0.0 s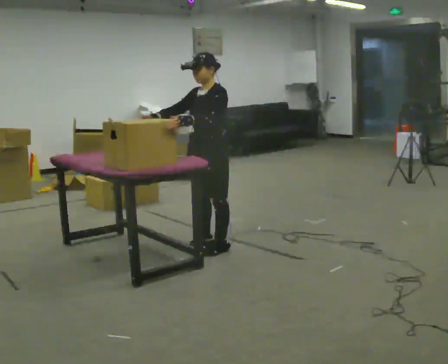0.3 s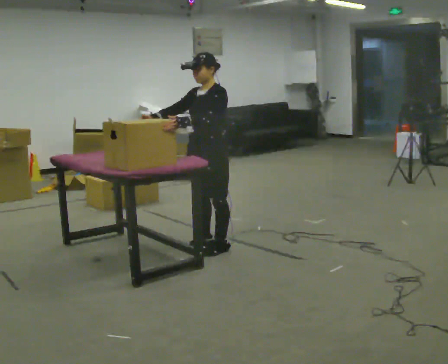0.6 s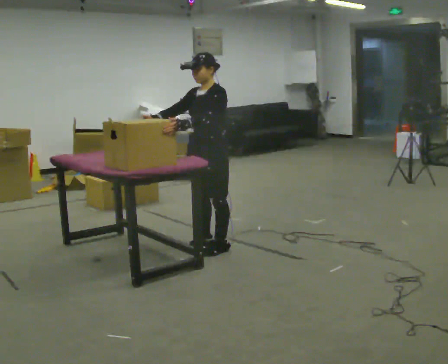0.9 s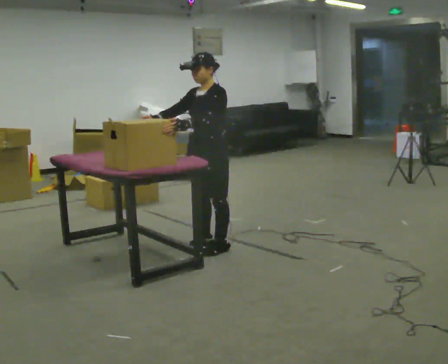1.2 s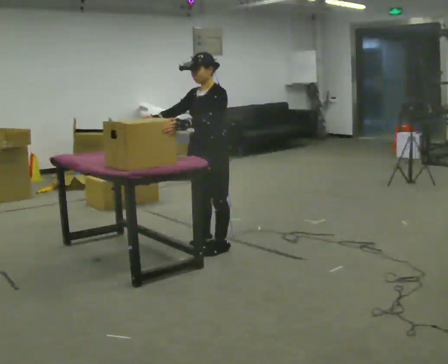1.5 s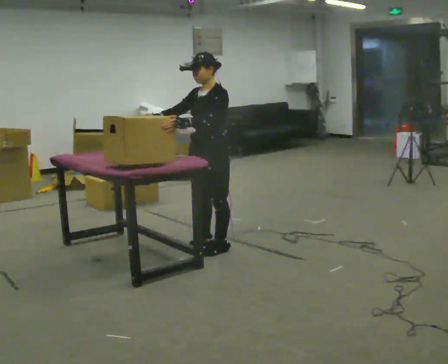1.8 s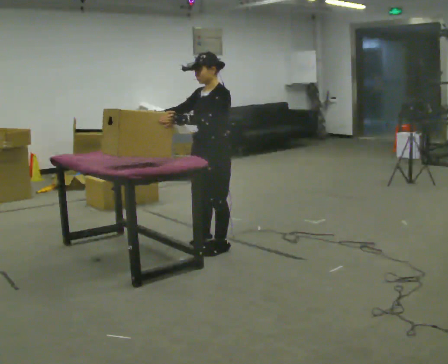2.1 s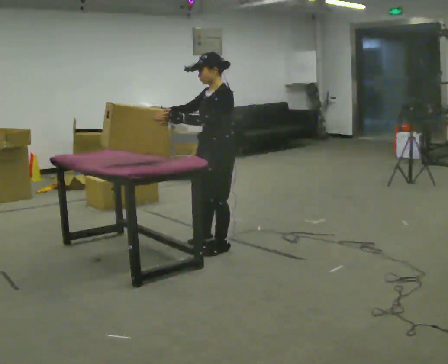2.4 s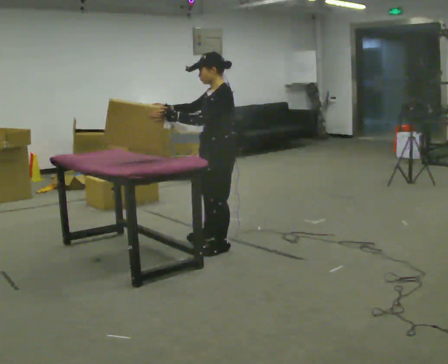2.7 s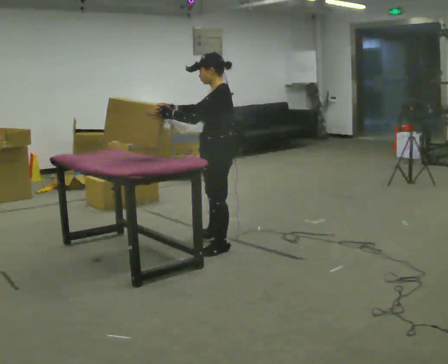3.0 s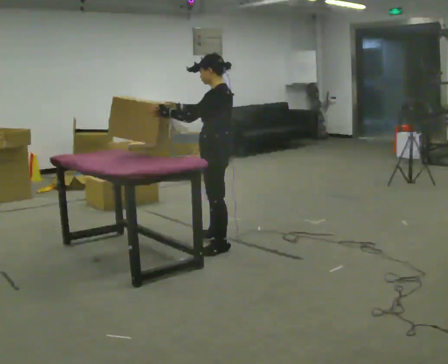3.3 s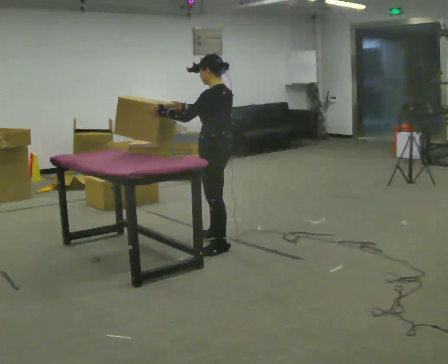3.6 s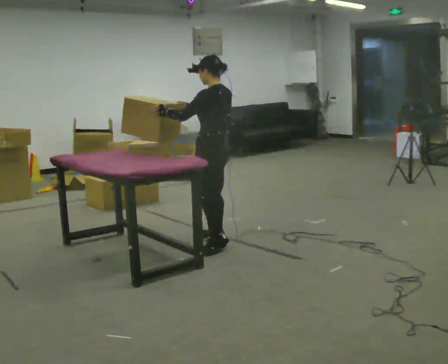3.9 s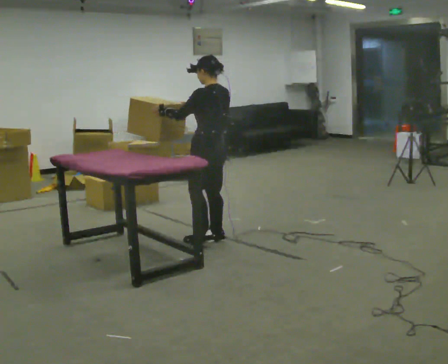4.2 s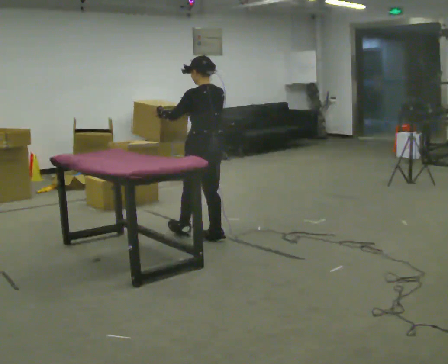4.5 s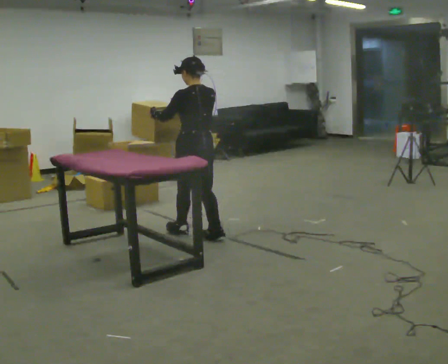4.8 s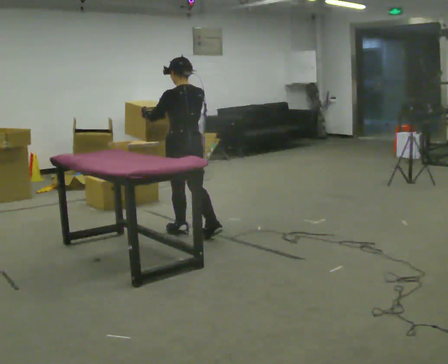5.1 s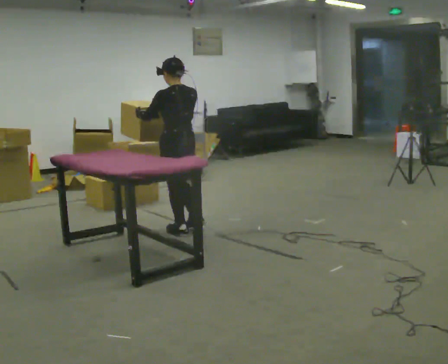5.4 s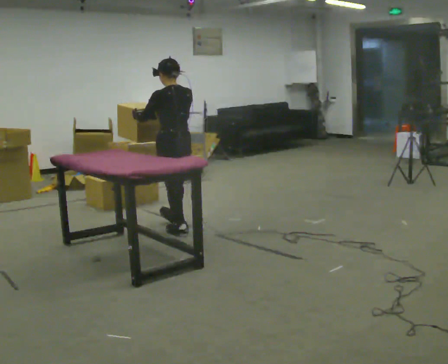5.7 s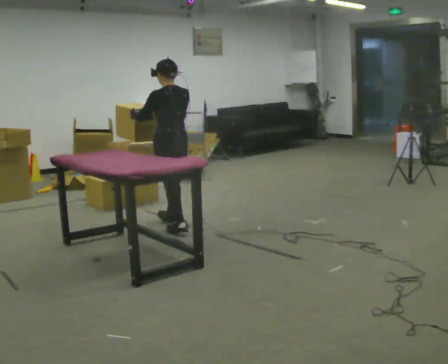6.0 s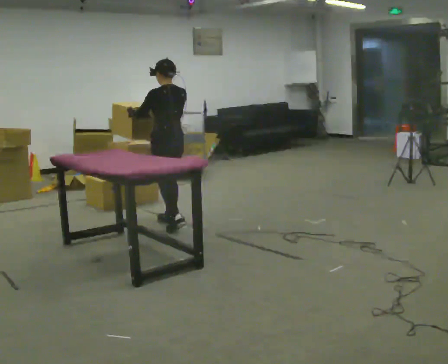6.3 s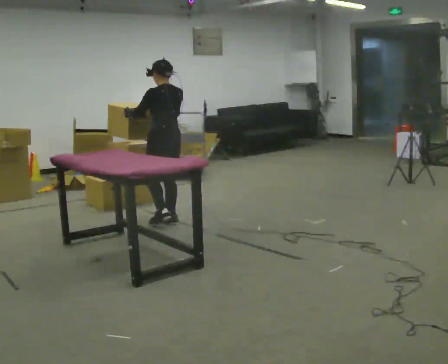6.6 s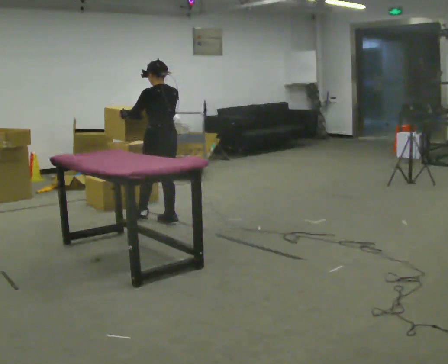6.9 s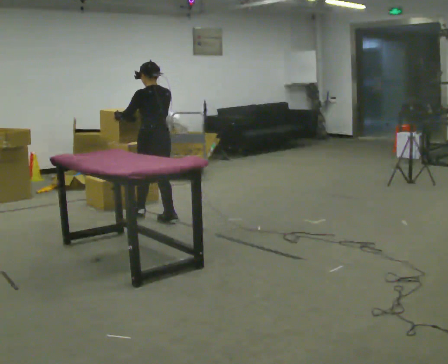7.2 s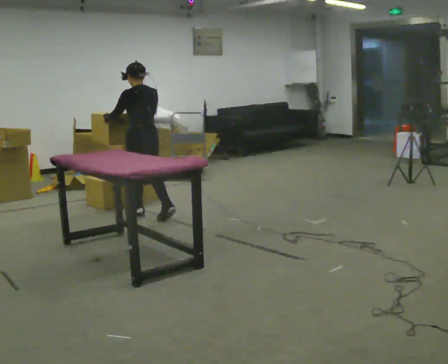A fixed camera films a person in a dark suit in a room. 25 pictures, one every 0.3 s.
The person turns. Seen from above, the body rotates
clockwise.
The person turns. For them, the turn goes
to their right.
0.0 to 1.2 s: The person moves a little, or ends about where they began.
1.2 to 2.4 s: The part of the body nearest the lens slides to the left as the person turns to their right by about 30 degrees.
2.4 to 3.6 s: Seen from above the body turns clockwise, about 45 degrees: to their right, with its near side sliding to the left. In the picture they go away from the camera, about 0.25 m, which for them is to their right.
3.6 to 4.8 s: The part of the body nearest the lens slides to the left as the person turns to their right by about 30 degrees. In the picture they go to the left and away from the camera, about 0.25 m in 1 step, which for them is forward.
4.8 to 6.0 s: In the picture they go away from the camera and to the left, about 0.25 m in 1 step, which for them is forward.
6.0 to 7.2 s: In the picture they go to the left and away from the camera, about 0.25 m in 1 step, which for them is forward.
The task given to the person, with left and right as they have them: Take boxes off the top of the stack one at a time and carry them away, walking back for each one. Keep going until the operator says stop; one object at a time, and do not rush between trips.
The film runs forward here.
